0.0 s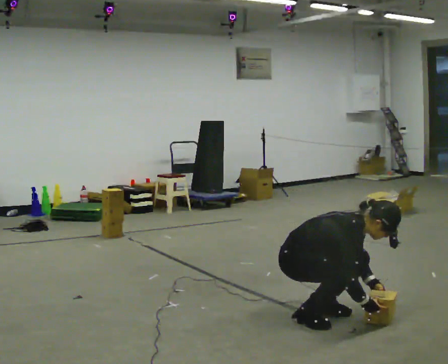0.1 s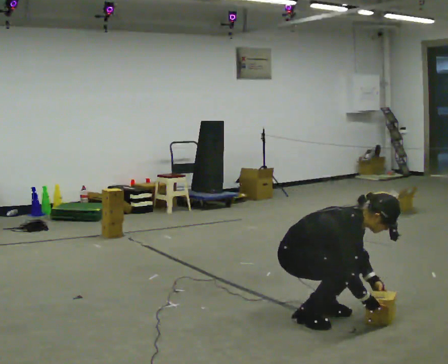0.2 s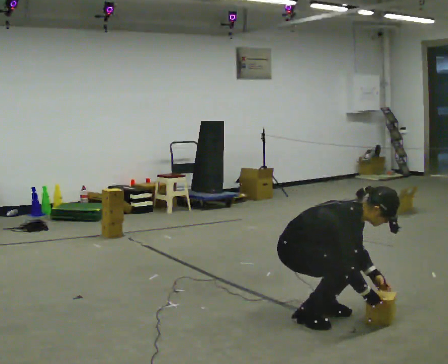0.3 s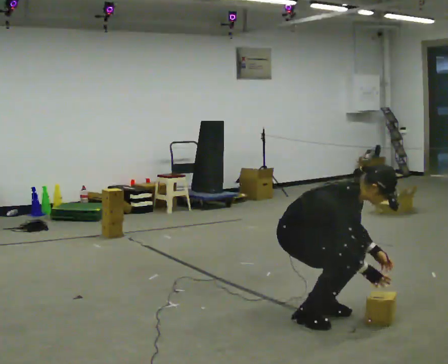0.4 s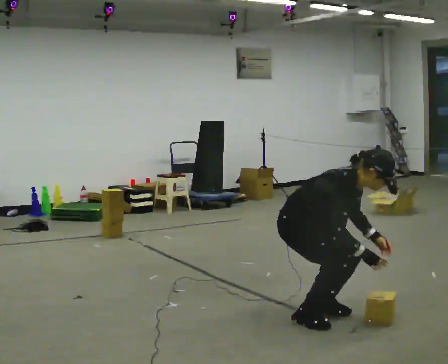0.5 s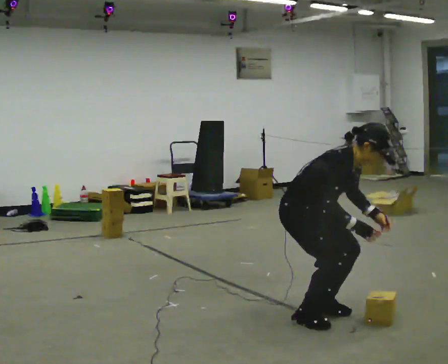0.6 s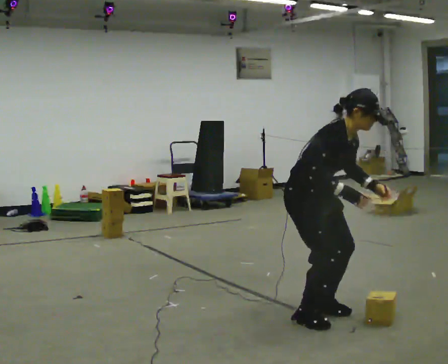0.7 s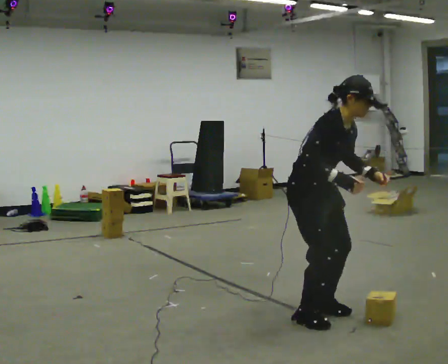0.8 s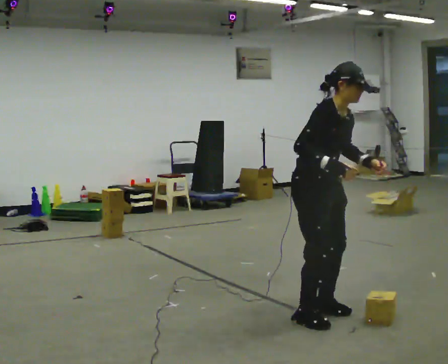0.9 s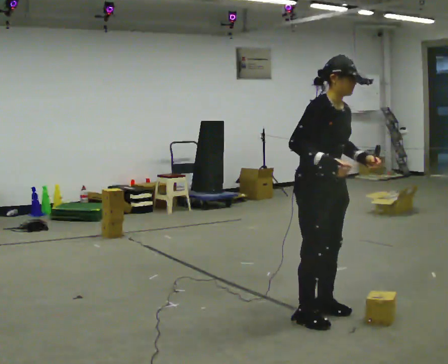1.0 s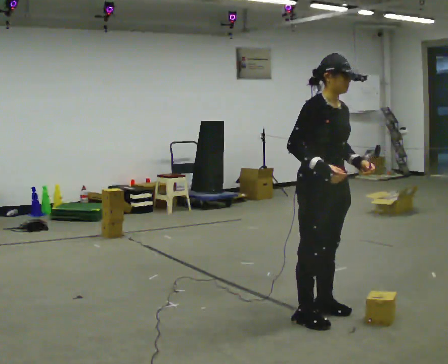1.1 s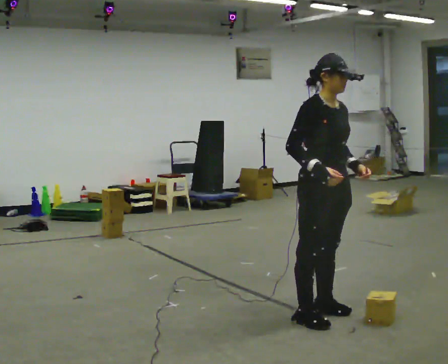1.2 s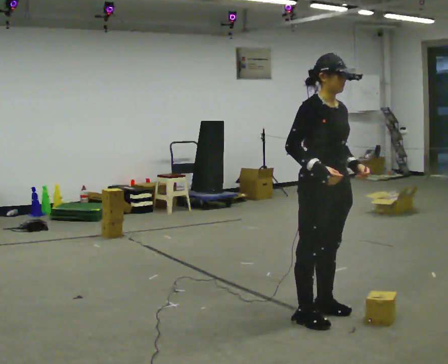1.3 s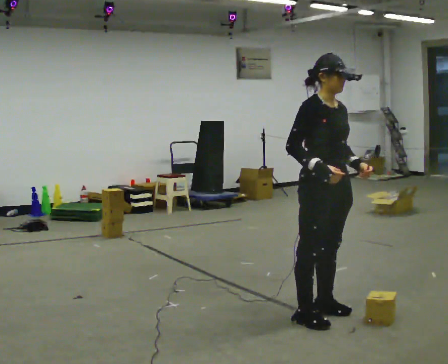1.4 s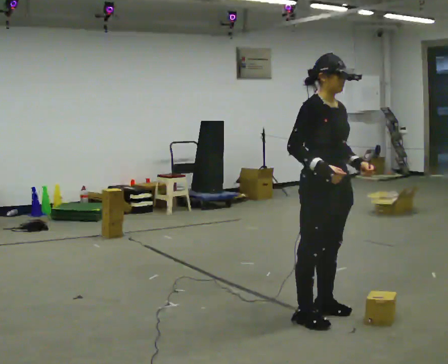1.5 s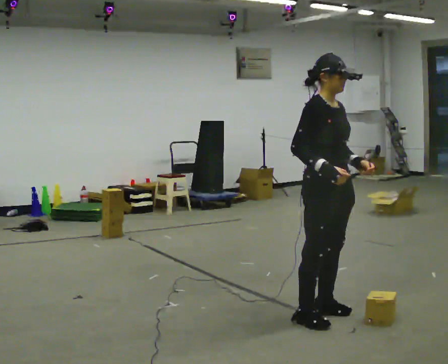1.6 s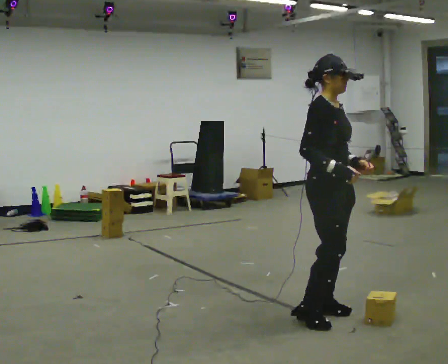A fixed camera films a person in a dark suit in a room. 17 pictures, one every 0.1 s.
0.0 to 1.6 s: In the picture they go to the right, about 0.25 m, which for them is forward. The upper body goes upward. In the picture the upper body tilts counterclockwise, shoulders to the left, as they lean back or straighten. In the picture their right hand goes upward.
The film runs forward here.
